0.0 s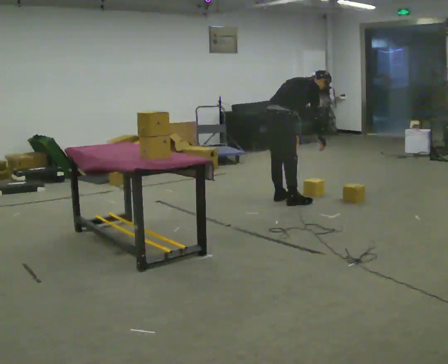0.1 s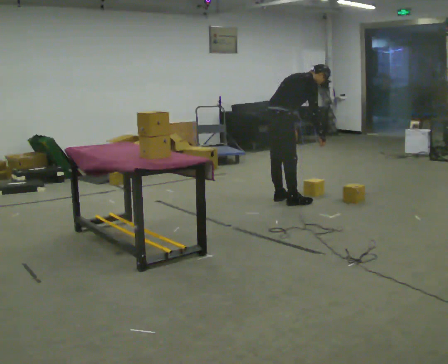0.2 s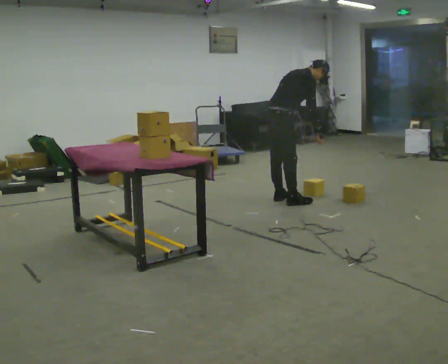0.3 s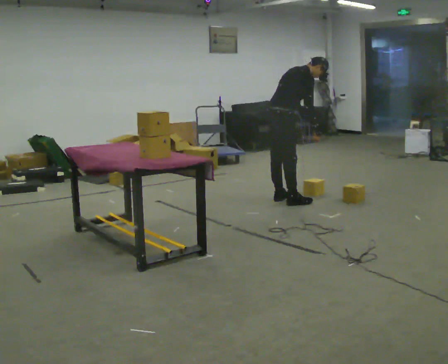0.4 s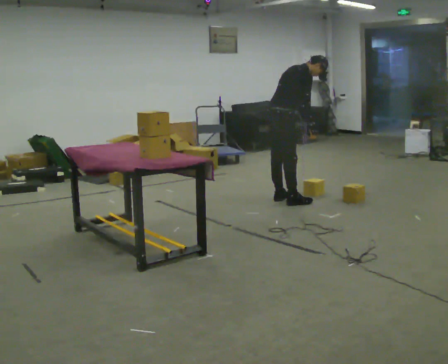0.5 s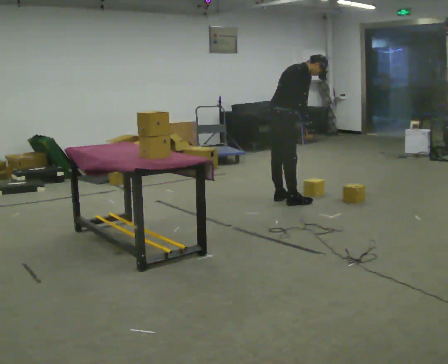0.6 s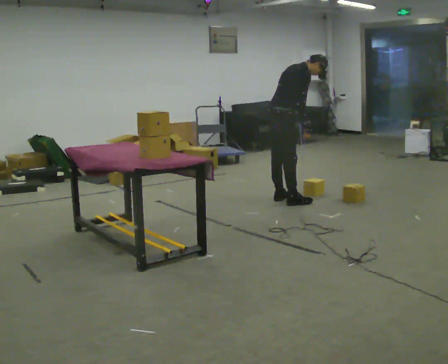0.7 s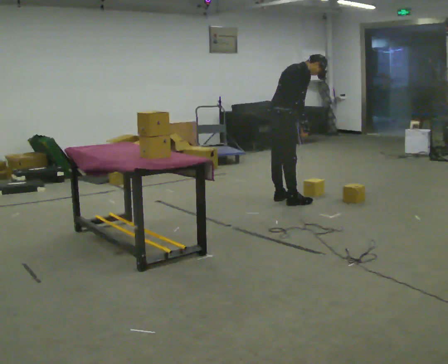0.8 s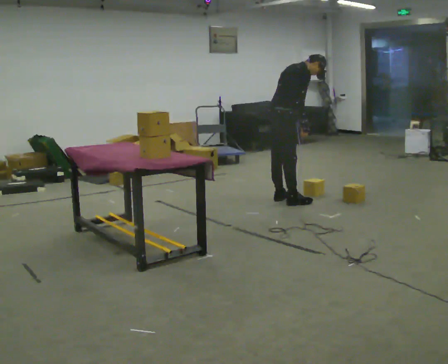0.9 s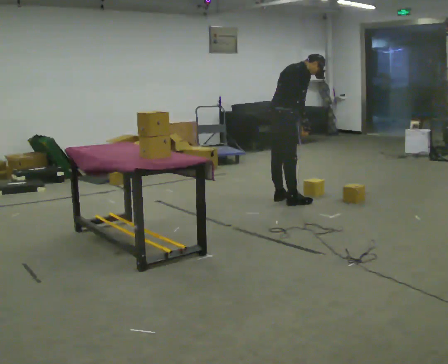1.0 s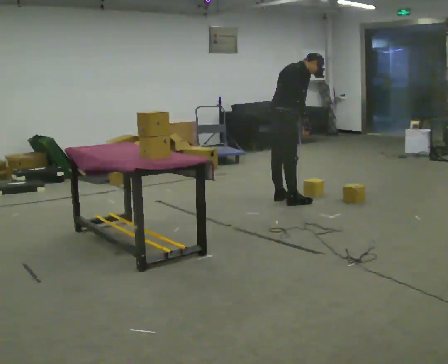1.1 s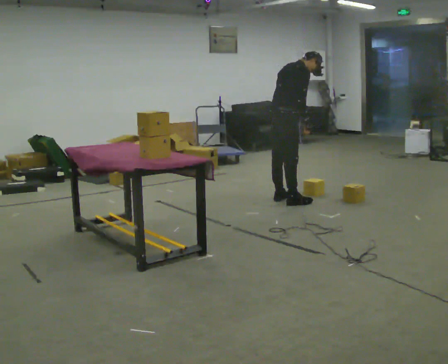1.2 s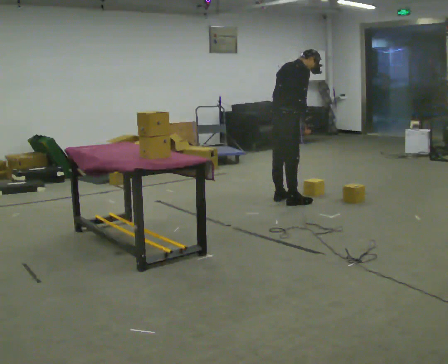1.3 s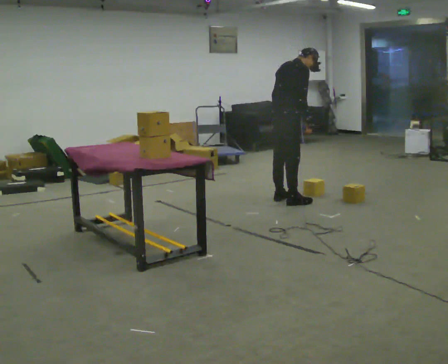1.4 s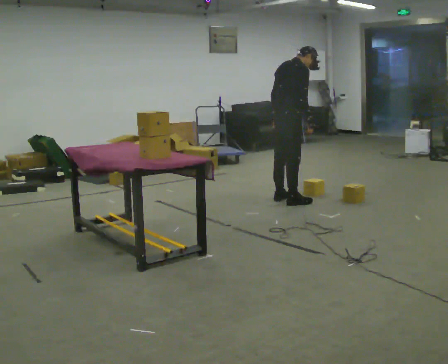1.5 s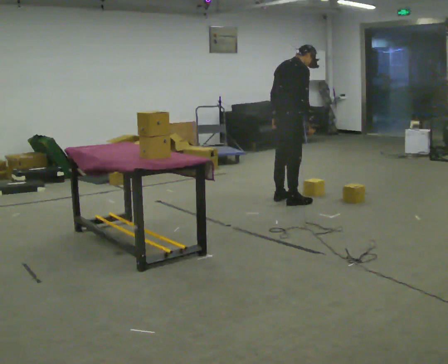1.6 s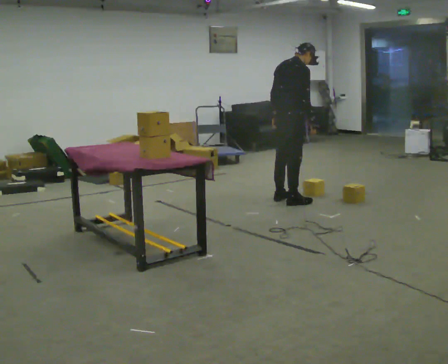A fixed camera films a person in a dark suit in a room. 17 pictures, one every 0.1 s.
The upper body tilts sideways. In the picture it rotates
counterclockwise.
0.0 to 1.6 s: The upper body goes upward. In the picture the upper body tilts counterclockwise, shoulders to the left, as they lean back or straighten.
The film runs backward here.
